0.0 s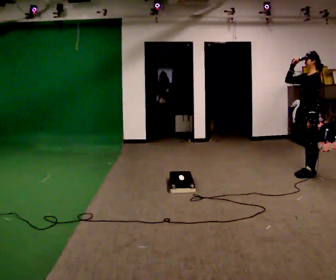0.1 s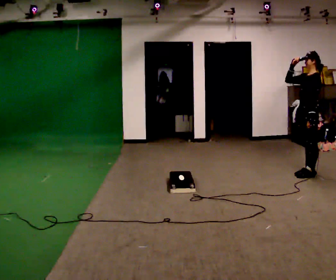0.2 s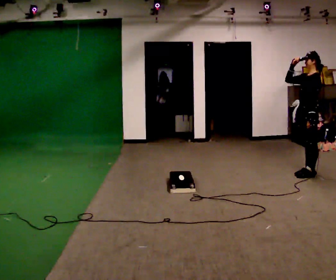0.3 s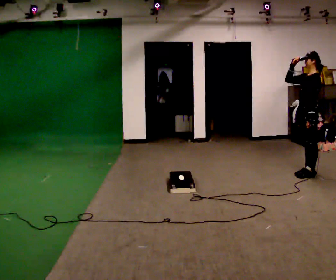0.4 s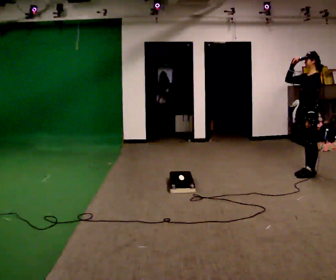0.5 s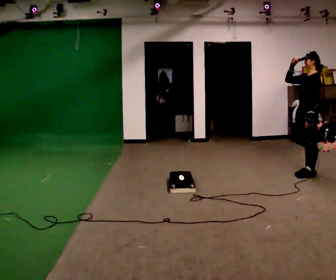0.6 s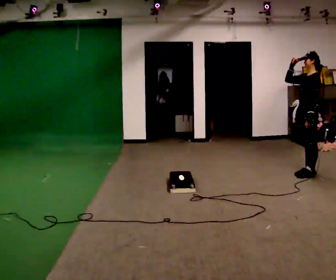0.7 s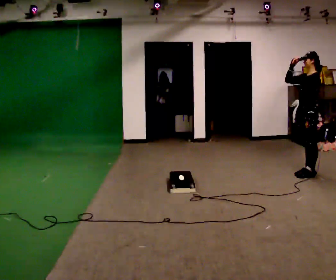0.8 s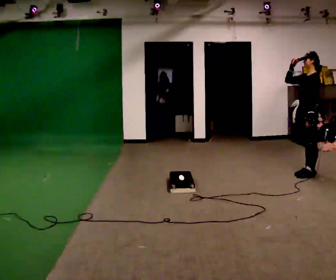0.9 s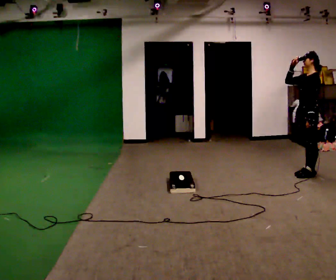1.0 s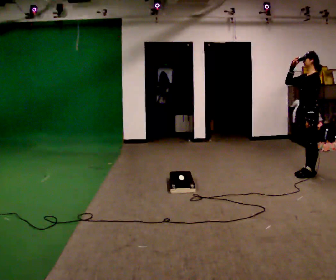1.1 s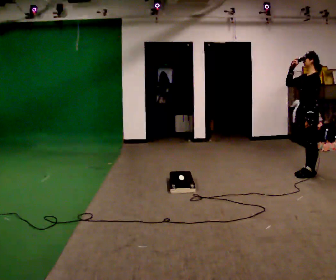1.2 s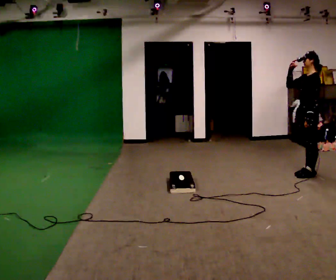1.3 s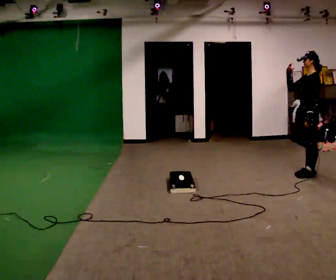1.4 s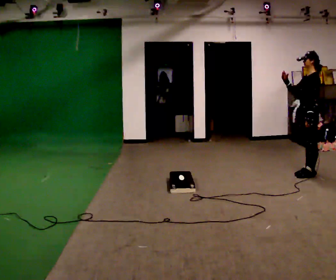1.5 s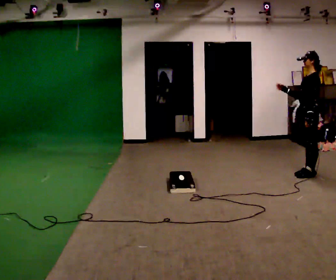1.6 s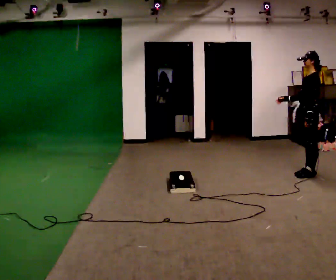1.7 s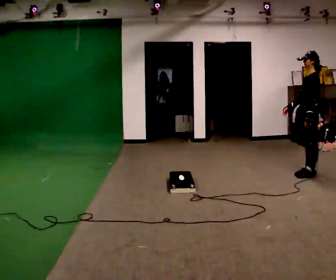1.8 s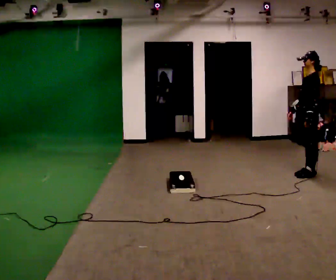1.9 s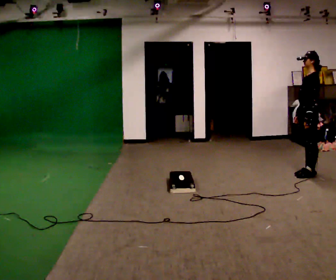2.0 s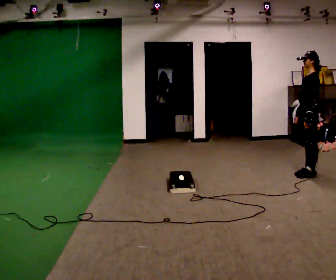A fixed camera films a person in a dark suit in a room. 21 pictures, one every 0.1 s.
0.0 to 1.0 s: The person keeps their place and pose.
1.0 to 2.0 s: In the picture their right hand goes downward.
The film runs backward here.
